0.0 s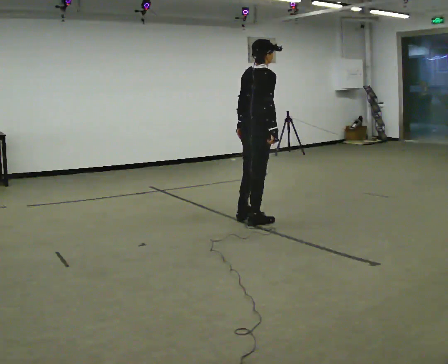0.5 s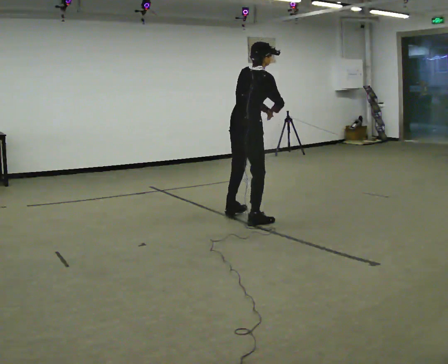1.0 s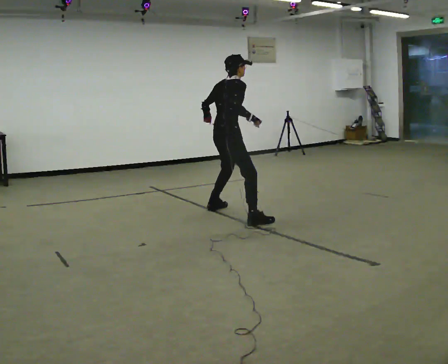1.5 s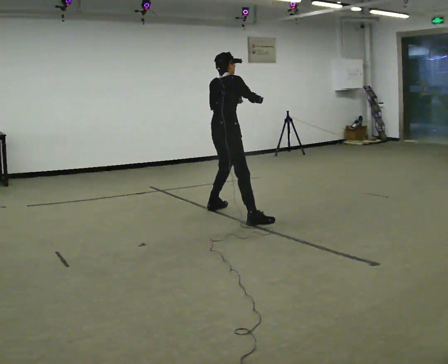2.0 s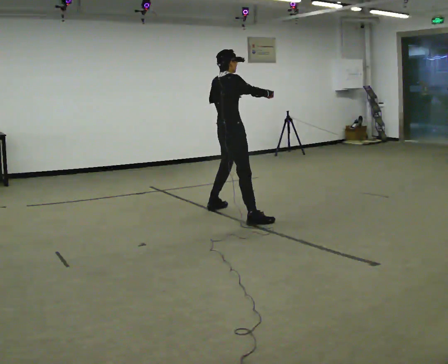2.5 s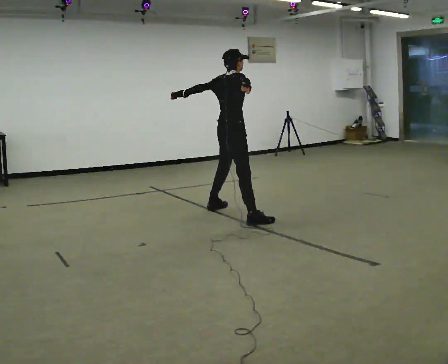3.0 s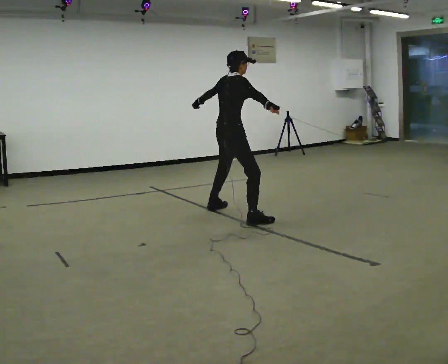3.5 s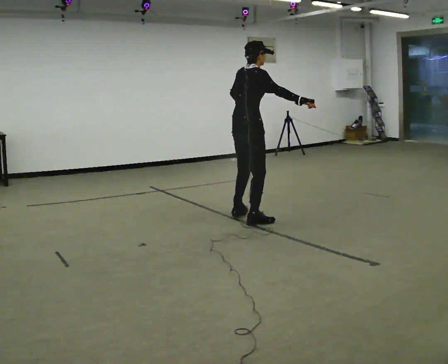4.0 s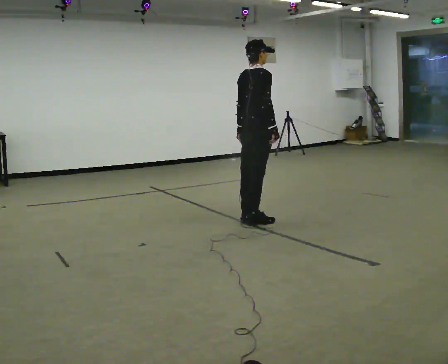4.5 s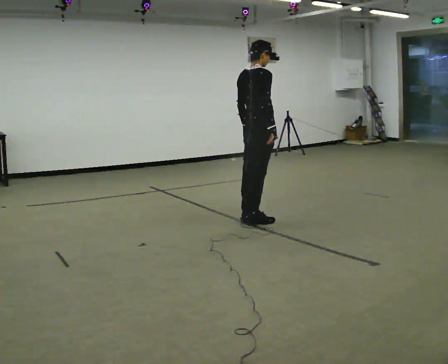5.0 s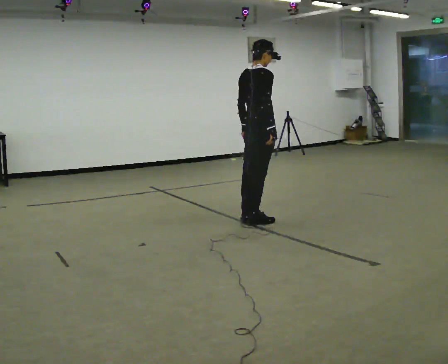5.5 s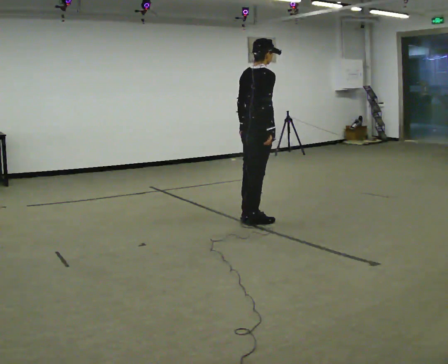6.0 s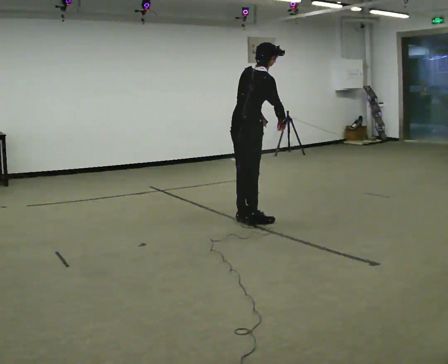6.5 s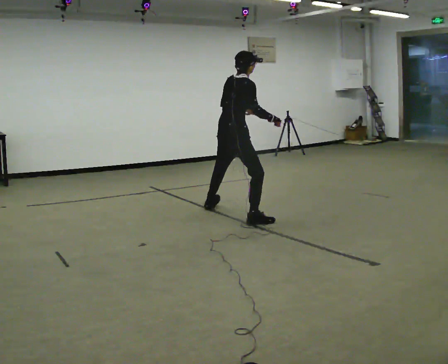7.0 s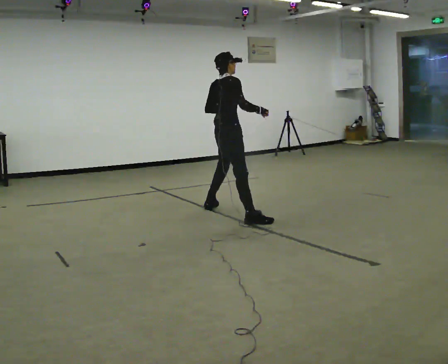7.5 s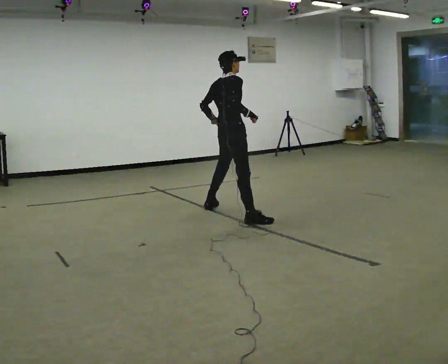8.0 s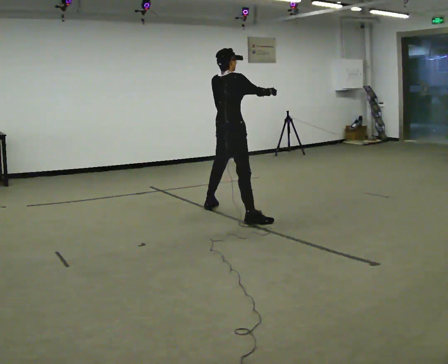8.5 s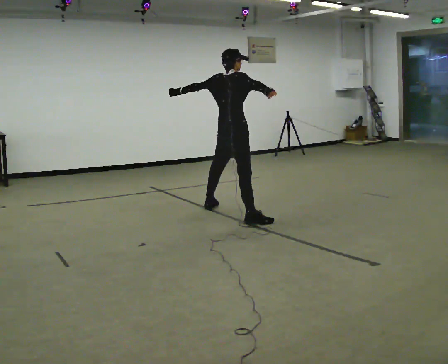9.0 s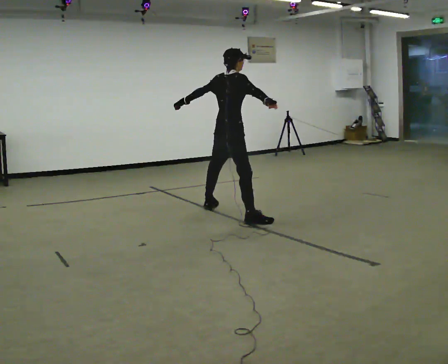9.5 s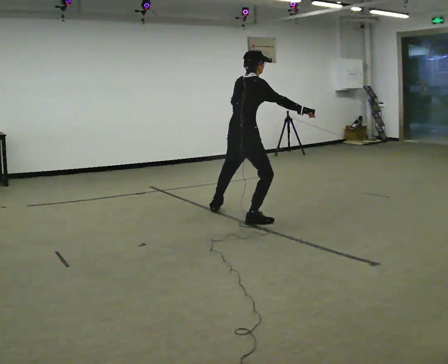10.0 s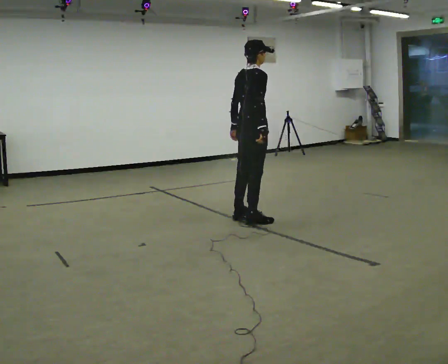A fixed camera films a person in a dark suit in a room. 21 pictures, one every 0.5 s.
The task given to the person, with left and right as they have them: Dance freely at a slow tempo as if to slow music; keep moving continuously.
0.0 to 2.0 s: In the picture they go away from the camera and to the left, about 0.5 m in 1 step, which for them is to their left. In the picture their right hand goes upward.
2.0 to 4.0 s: In the picture they go to the right and toward the camera, about 0.5 m in 1 step, which for them is to their right. In the picture their right hand goes downward.
4.0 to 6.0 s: In the picture the upper body tilts clockwise, shoulders to the right.
6.0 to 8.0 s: In the picture they go away from the camera and to the left, about 0.25 m in 1 step, which for them is to their left. In the picture the upper body tilts counterclockwise, shoulders to the left, as they lean back or straighten.
8.0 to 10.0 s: In the picture they go to the right and toward the camera, about 0.25 m in 1 step, which for them is to their right. In the picture their right hand goes downward.
The film runs forward here.
